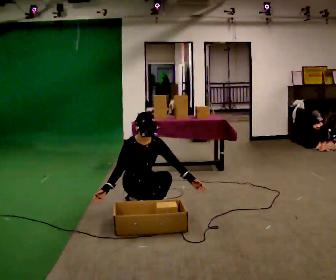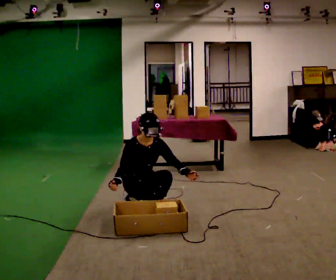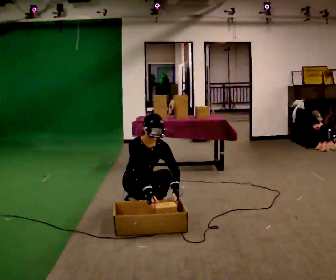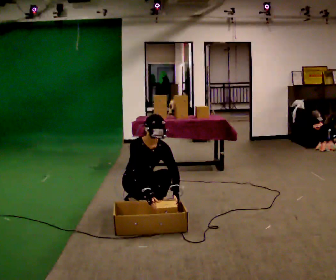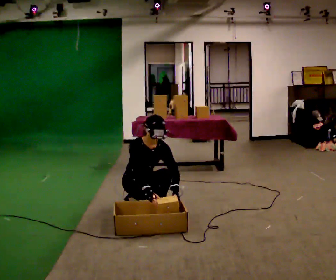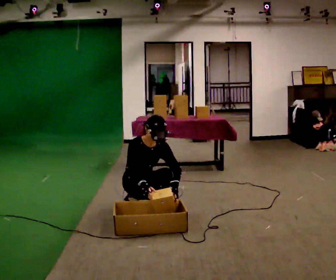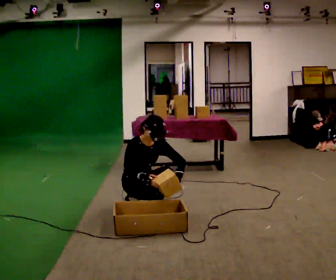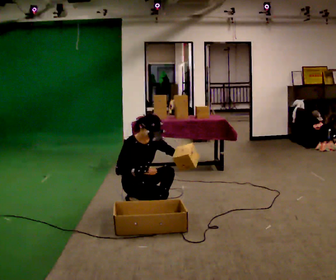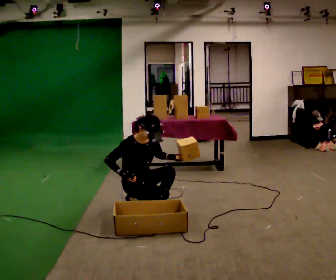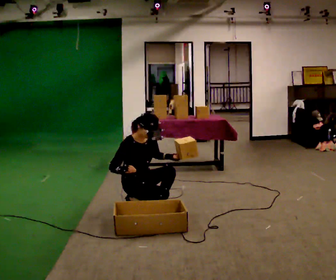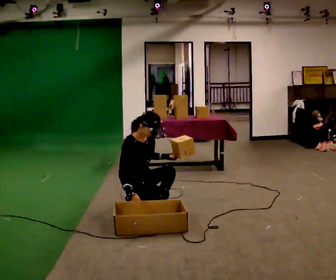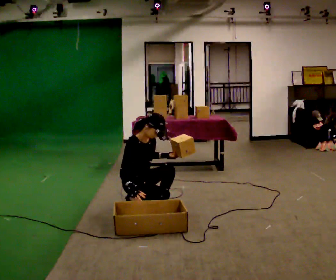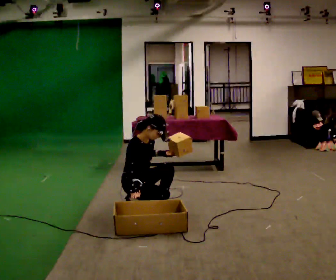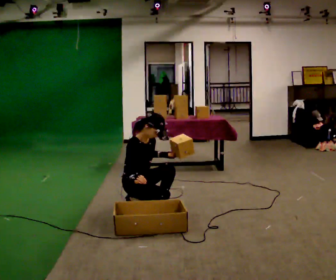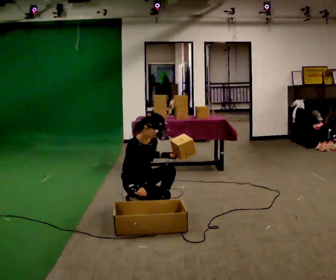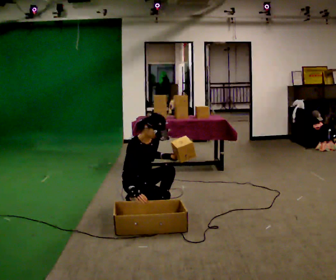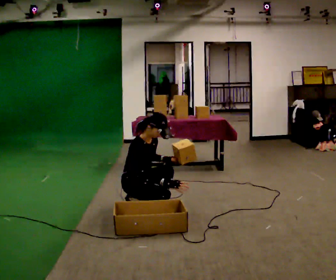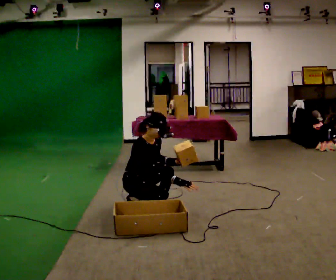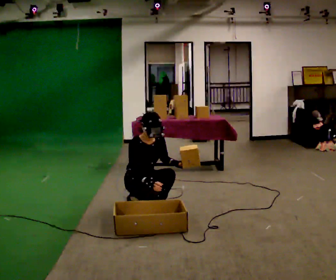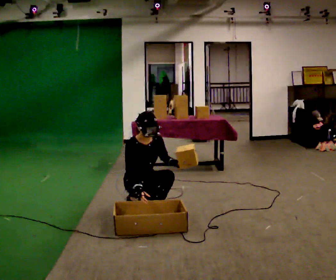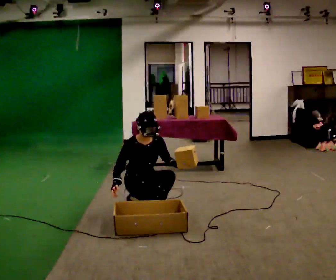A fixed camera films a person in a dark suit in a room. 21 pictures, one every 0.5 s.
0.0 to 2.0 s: In the picture their right hand goes to the right.
2.0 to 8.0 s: The person turns about 30 degrees to their left, counterclockwise seen from above, so the part of the body nearest the lens slides to the right.
8.0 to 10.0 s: In the picture their right hand goes to the left, the arm swinging clockwise.
The film runs backward here.
